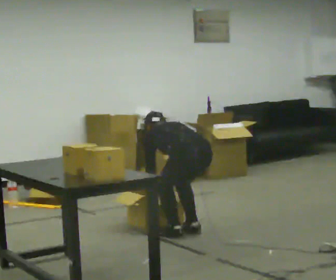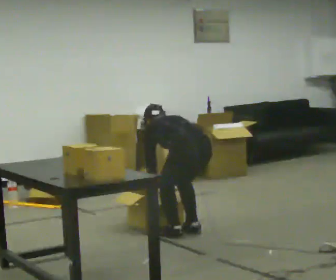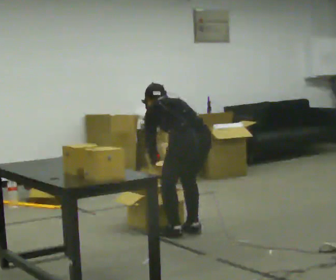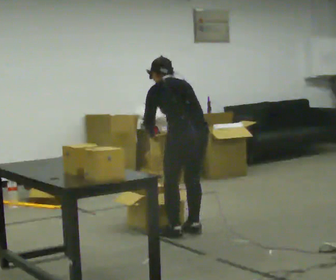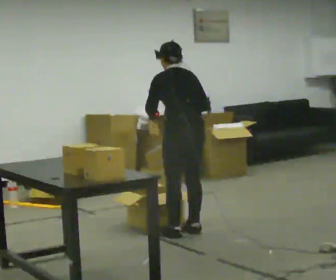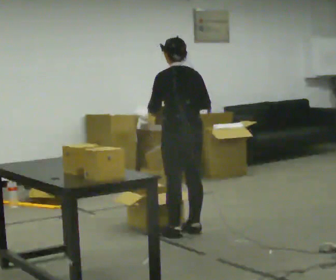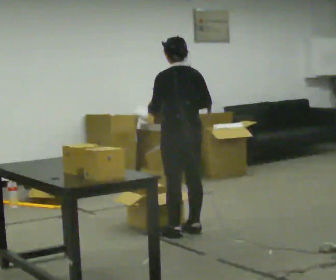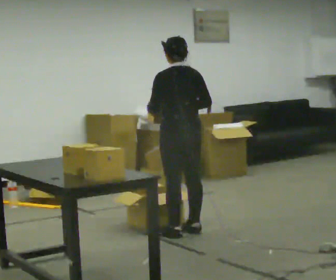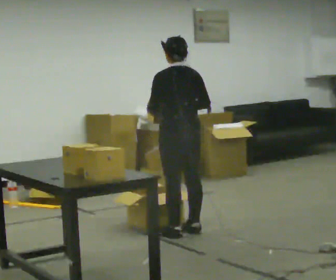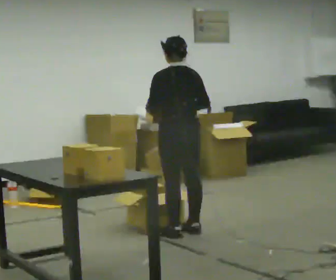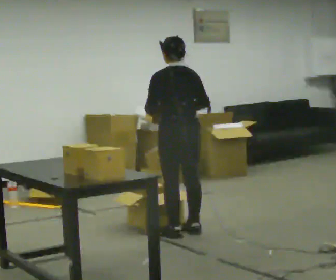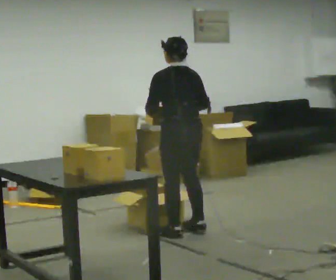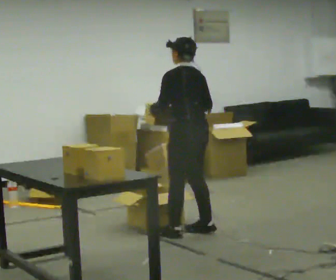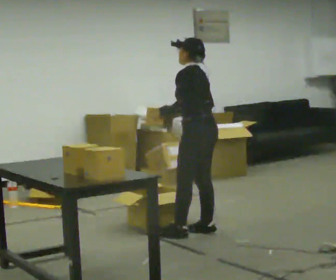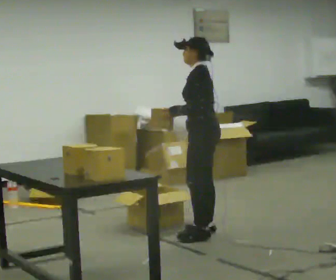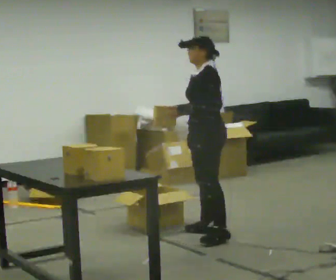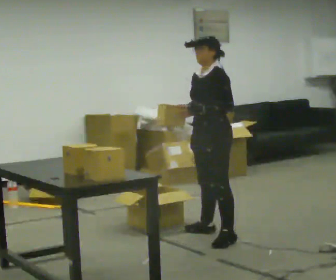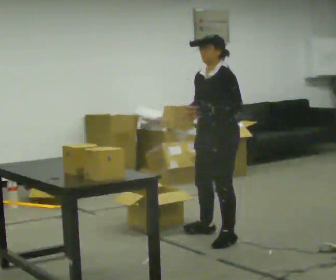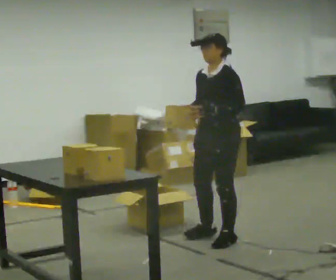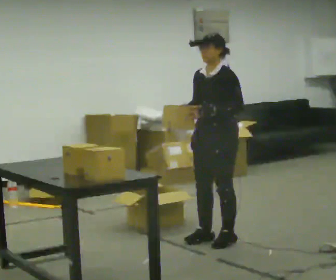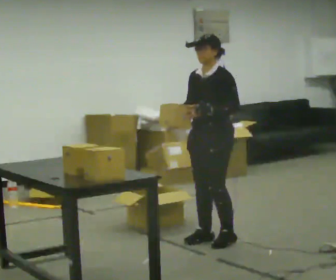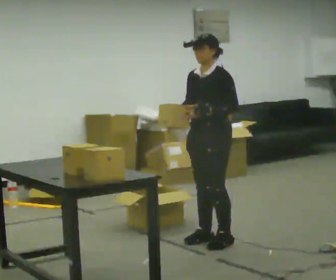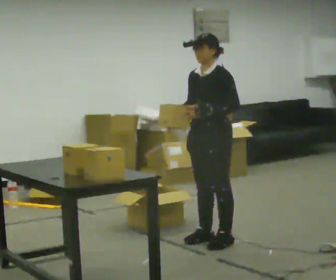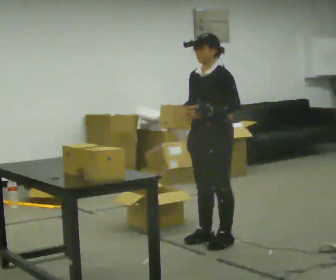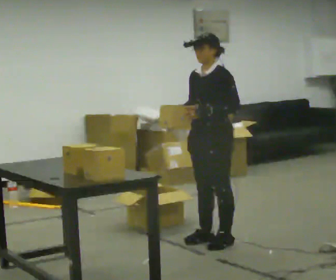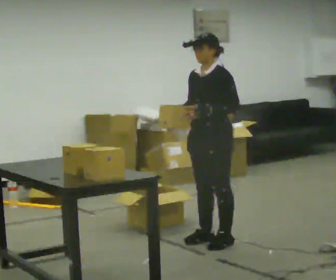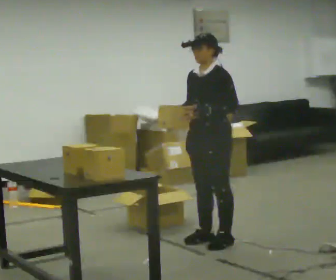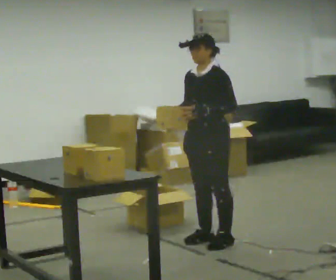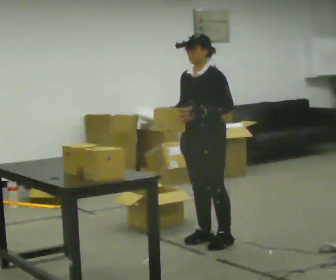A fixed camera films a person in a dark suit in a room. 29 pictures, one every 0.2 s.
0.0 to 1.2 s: The shoulders move upward. The upper body tips toward the camera, its near side rolling downward, as they lean back or straighten. In the picture their left hand goes upward.
1.2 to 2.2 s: The person moves a little, or ends about where they began.
2.2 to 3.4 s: The part of the body nearest the lens slides to the right as the person turns to their left by about 90 degrees. In the picture they go to the right and toward the camera, about 0.25 m in 1 step.
3.4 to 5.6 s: The person moves a little, or ends about where they began.
The film runs forward here.
